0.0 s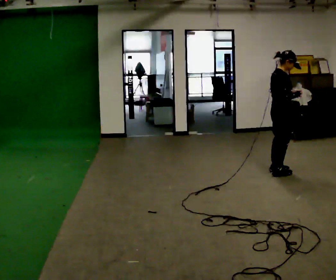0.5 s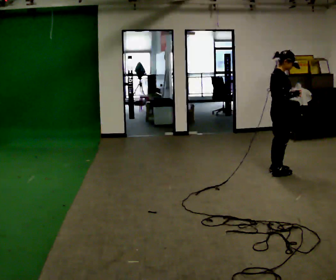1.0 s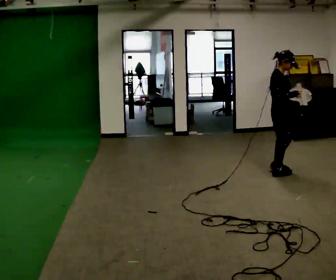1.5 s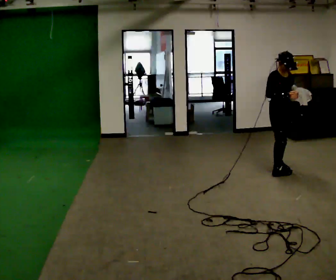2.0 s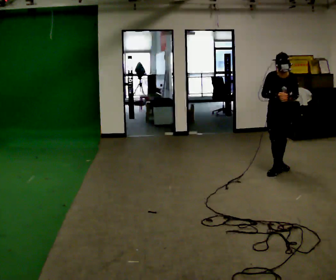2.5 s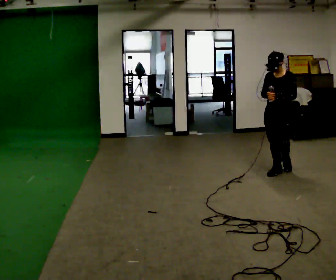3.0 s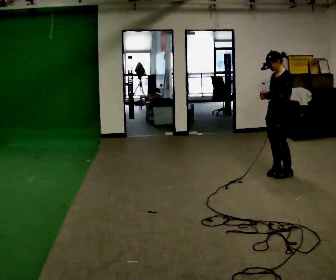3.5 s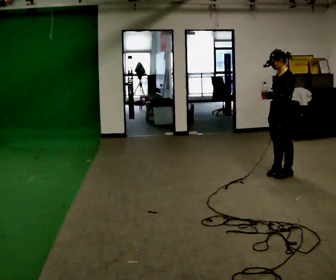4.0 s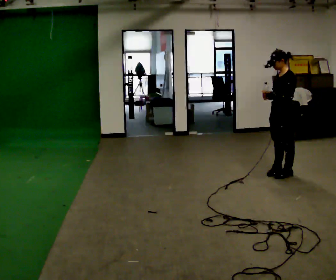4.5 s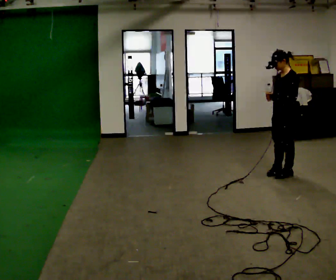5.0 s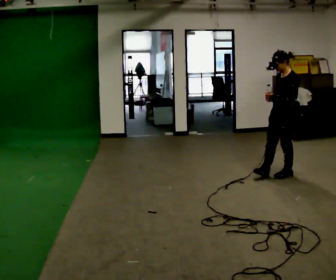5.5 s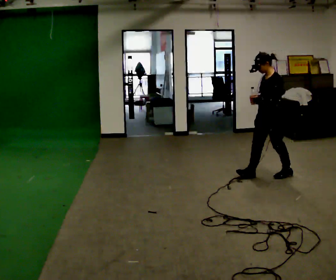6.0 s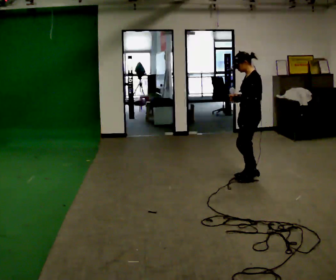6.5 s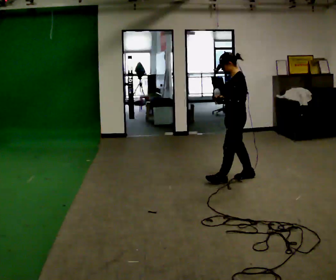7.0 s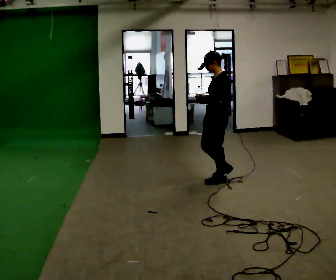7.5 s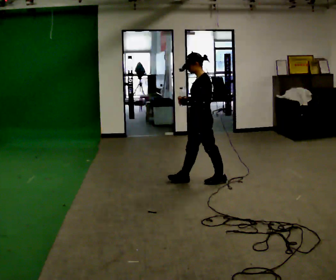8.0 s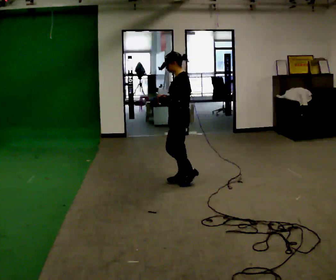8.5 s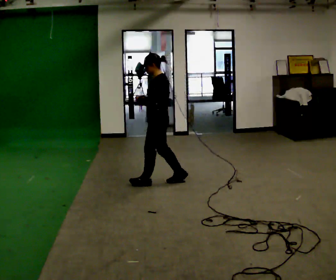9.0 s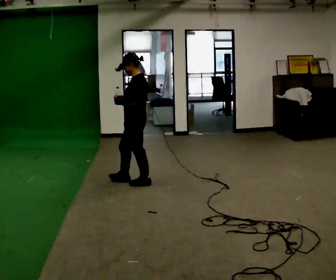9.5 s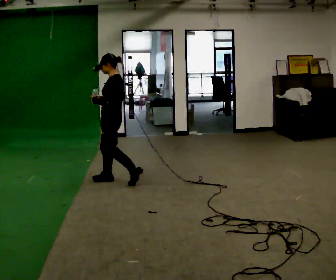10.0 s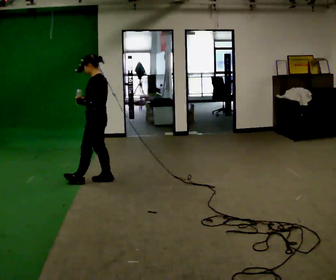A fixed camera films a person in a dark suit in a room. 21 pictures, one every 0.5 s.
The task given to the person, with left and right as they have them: Carry the open container of water across the room without spilling it, back and forth.
0.0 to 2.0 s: Seen from above the body turns clockwise, about 90 degrees: to their right, with its near side sliding to the left. In the picture they go away from the camera, about 0.25 m in 2 steps.
2.0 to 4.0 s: Seen from above the body turns clockwise, about 75 degrees: to their right, with its near side sliding to the left. In the picture they go toward the camera, about 0.25 m in 1 step.
4.0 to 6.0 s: In the picture they go to the left, about 0.5 m in 1 step, which for them is forward.
6.0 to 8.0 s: In the picture they go to the left and toward the camera, about 1 m in 2 steps, which for them is forward.
8.0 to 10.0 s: In the picture they go to the left, about 1 m in 2 steps, which for them is forward.
The film runs forward here.
